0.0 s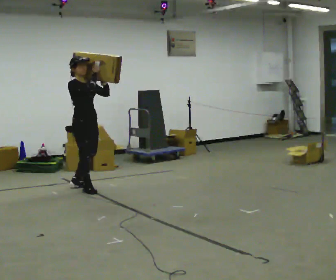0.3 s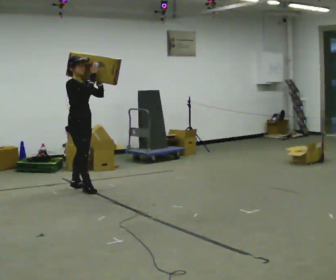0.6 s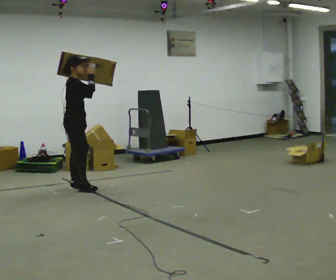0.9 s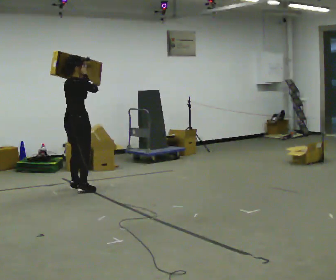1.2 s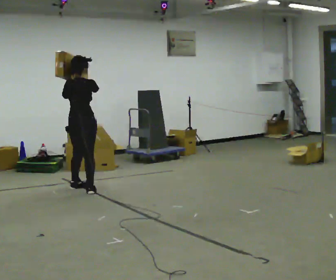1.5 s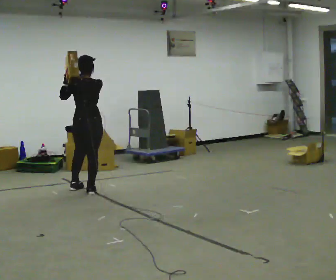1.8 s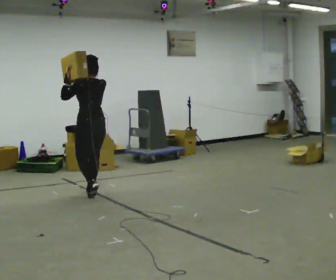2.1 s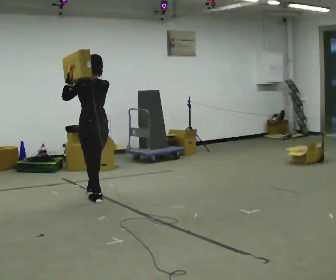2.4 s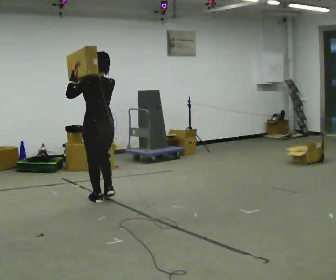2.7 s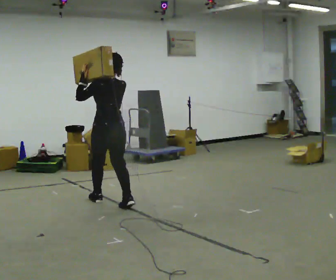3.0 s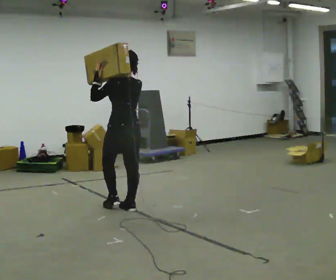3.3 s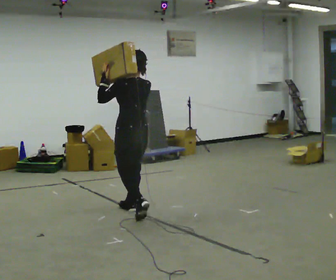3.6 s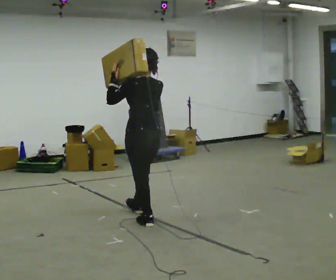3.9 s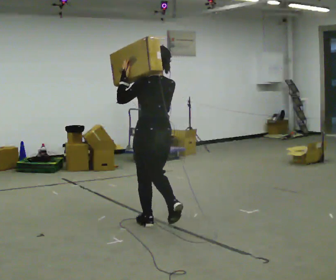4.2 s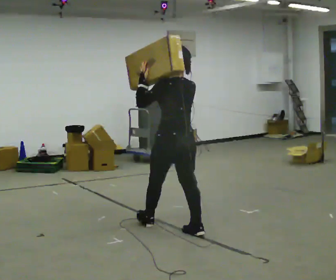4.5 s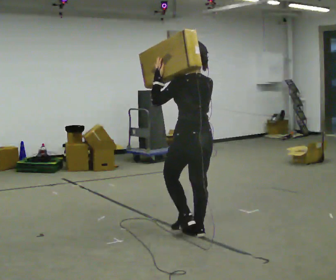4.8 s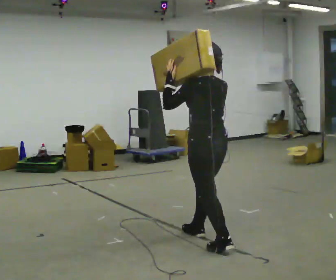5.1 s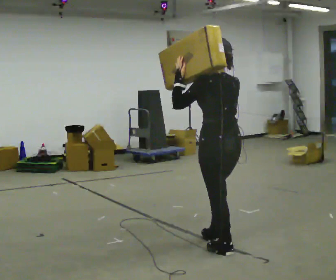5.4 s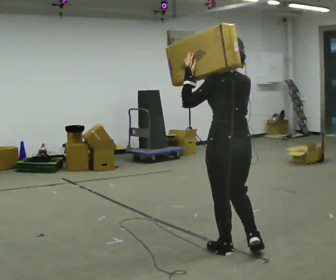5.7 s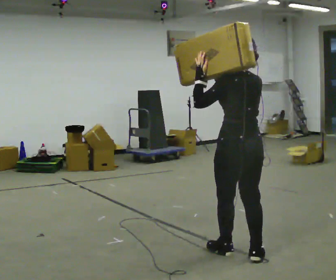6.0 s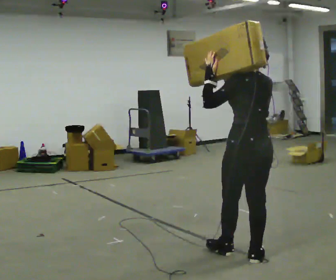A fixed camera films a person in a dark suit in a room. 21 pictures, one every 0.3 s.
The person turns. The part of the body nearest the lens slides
to the right.
The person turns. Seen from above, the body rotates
counterclockwise.
0.0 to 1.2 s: Seen from above the body turns counterclockwise, about 105 degrees: to their left, with its near side sliding to the right. In the picture their left hand goes to the left.
1.2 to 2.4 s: Seen from above the body turns counterclockwise, about 45 degrees: to their left, with its near side sliding to the right. In the picture they go toward the camera and to the right, about 0.5 m in 2 steps, which for them is backward.
2.4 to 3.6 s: In the picture they go toward the camera and to the right, about 1 m in 2 steps, which for them is backward.
3.6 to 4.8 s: In the picture they go toward the camera and to the right, about 1 m in 1 step, which for them is backward.
4.8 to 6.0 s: In the picture they go toward the camera and to the right, about 0.5 m in 1 step, which for them is backward.
The film runs backward here.
